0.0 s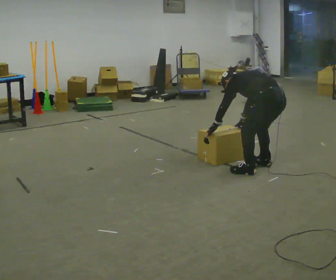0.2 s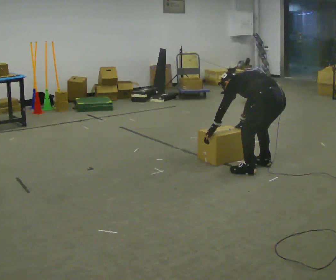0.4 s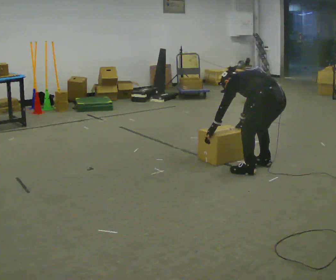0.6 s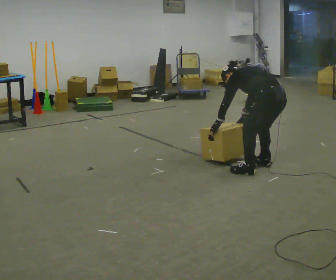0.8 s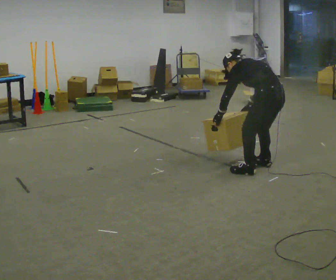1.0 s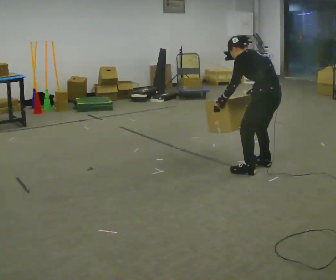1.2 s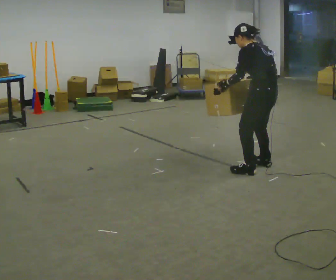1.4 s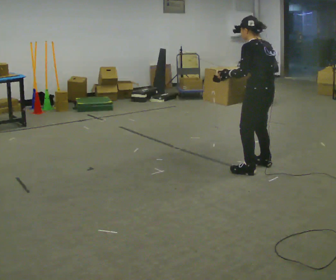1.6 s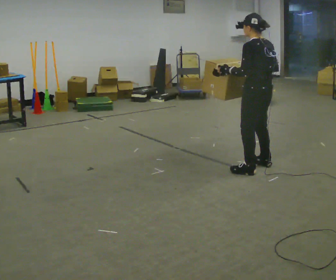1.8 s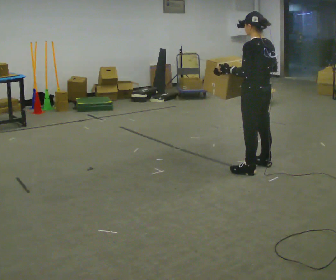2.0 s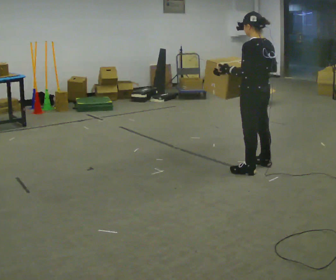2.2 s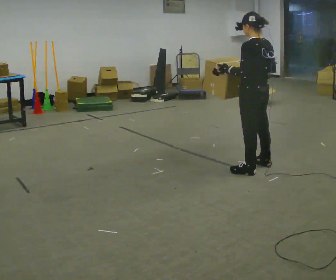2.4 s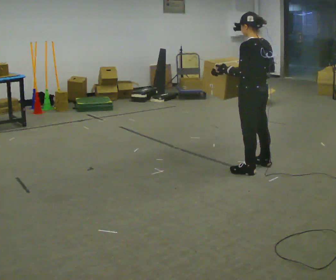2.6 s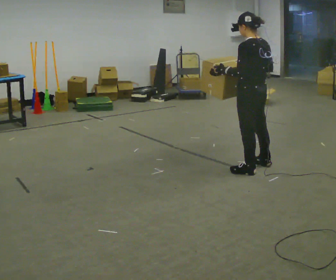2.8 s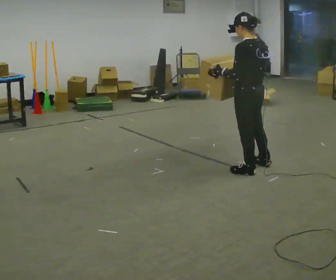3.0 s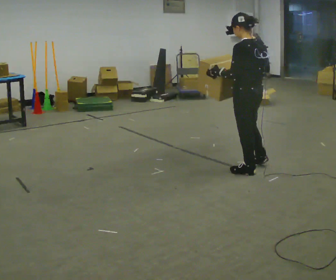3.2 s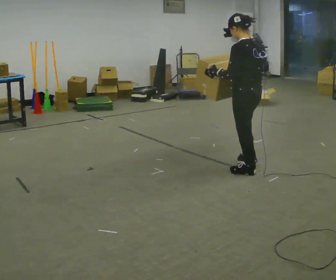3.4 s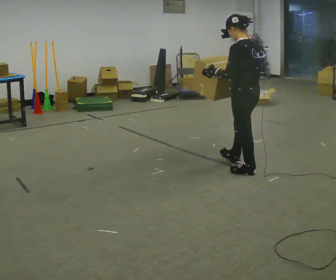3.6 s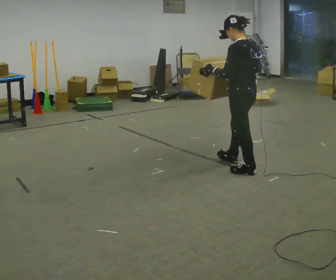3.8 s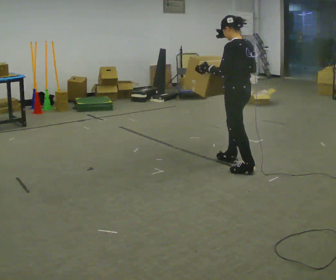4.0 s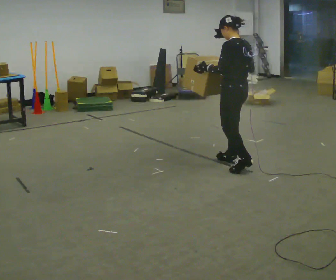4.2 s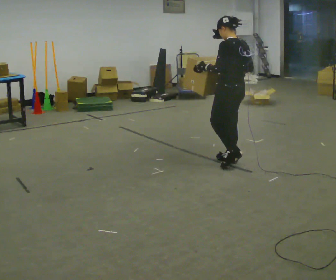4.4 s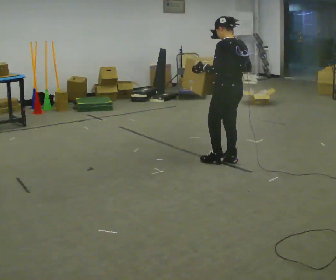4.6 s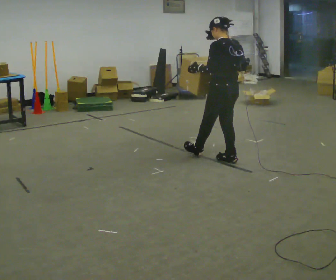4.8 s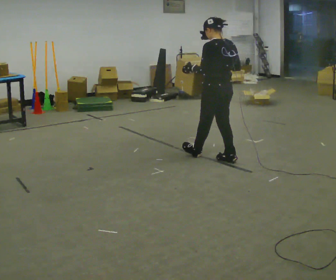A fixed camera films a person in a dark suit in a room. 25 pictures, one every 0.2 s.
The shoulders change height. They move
upward.
Their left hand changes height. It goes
upward.
0.0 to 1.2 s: The shoulders move upward. The upper body tips toward the camera, its near side rolling downward, as they lean back or straighten. In the picture their right hand goes upward.
1.2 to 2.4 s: The upper body tips toward the camera, its near side rolling downward, as they lean back or straighten.
2.4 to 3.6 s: The person moves a little, or ends about where they began.
3.6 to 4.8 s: In the picture they go away from the camera and to the left, about 0.25 m in 1 step, which for them is forward.
The film runs forward here.
